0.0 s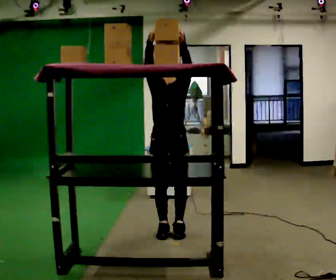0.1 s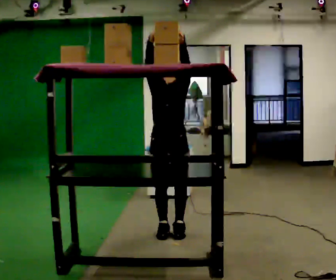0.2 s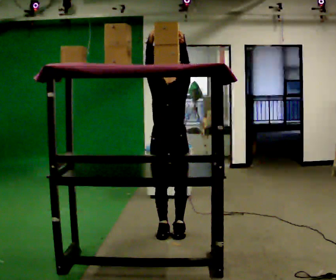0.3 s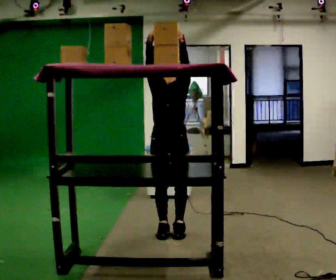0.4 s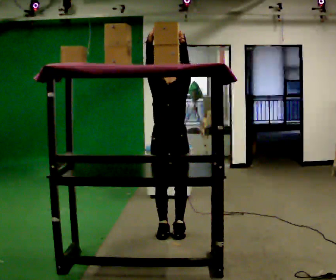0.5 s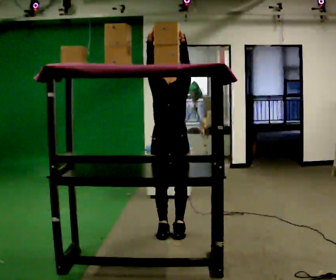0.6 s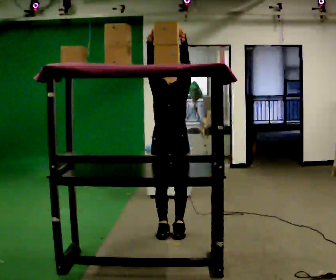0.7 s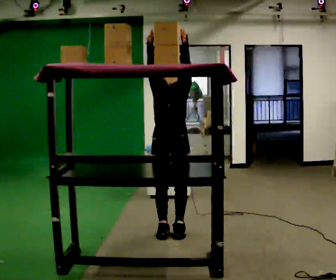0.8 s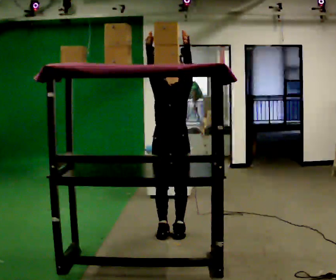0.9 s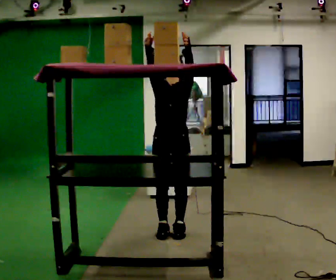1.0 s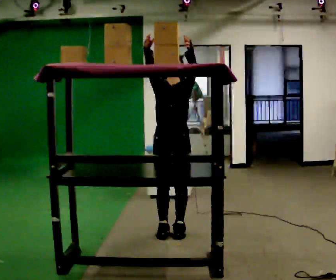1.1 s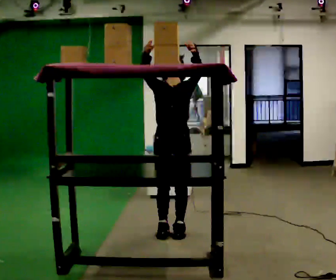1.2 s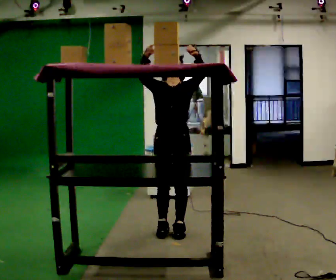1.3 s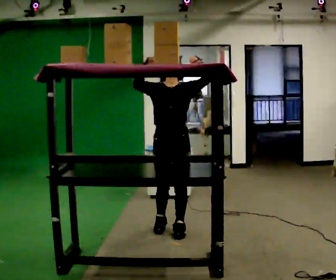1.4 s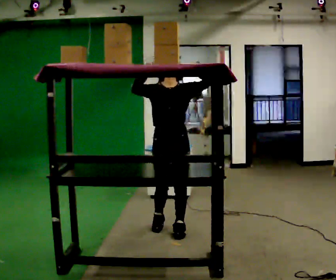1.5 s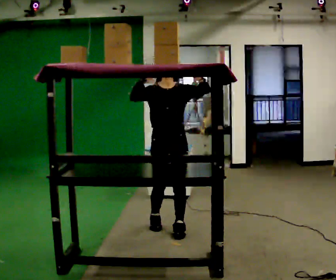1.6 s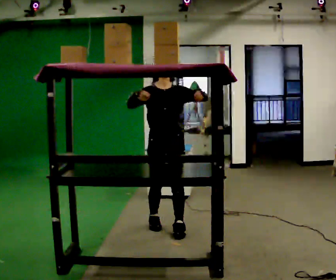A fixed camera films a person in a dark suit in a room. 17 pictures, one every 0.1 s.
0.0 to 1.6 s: In the picture they go away from the camera, about 0.25 m in 1 step, which for them is backward. In the picture their left hand goes downward, the arm swinging clockwise.
The film runs backward here.
